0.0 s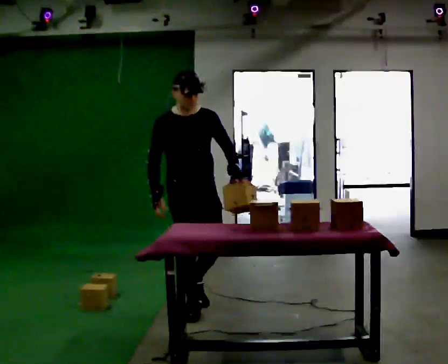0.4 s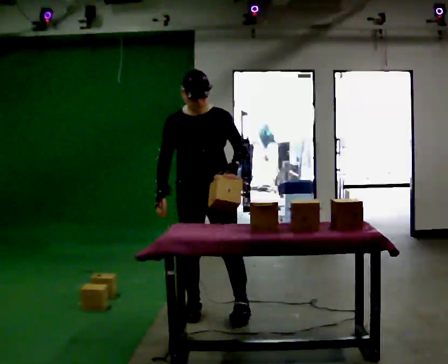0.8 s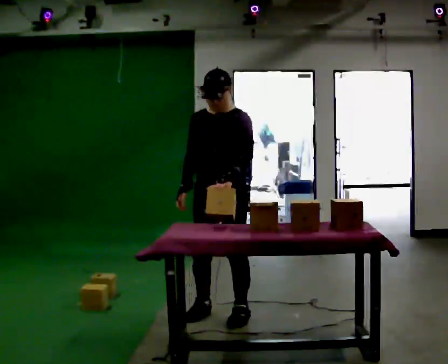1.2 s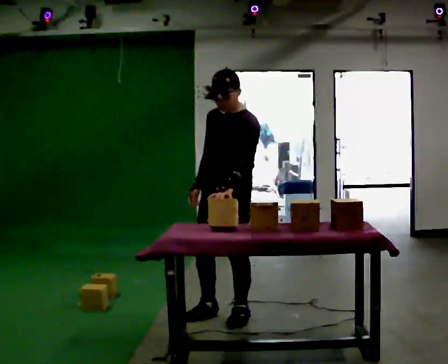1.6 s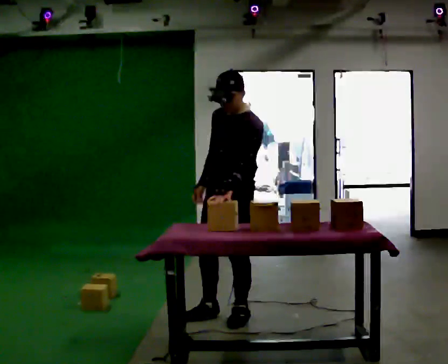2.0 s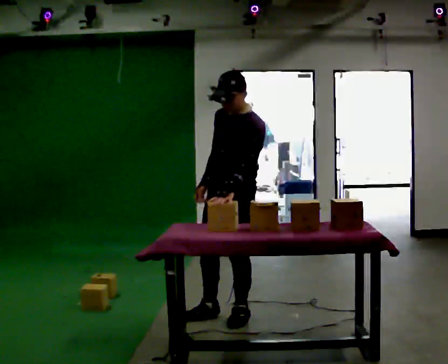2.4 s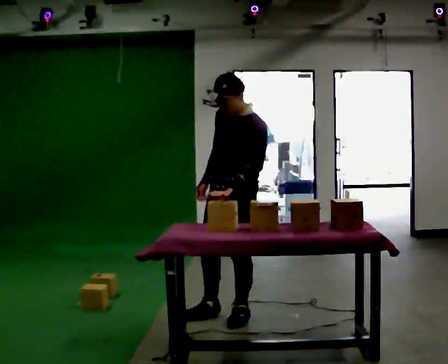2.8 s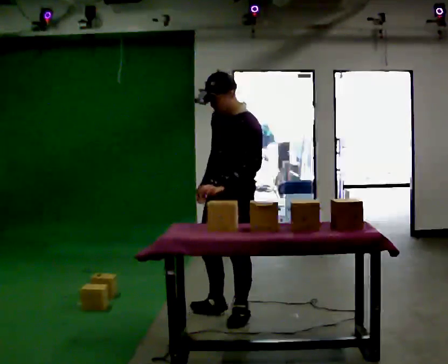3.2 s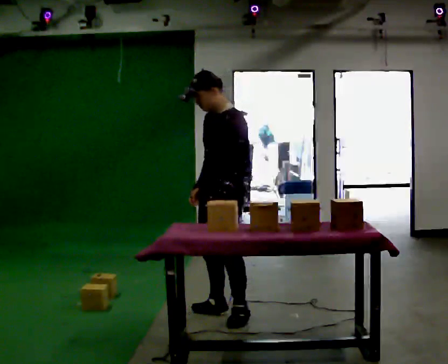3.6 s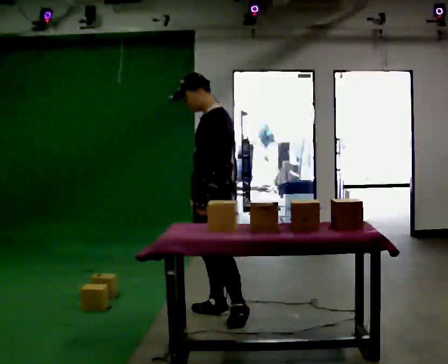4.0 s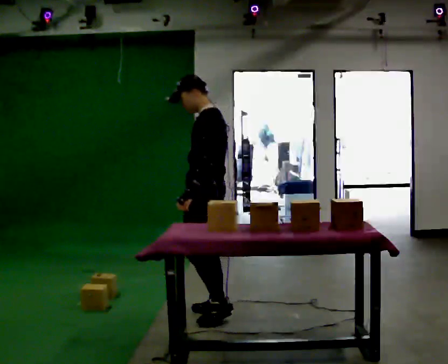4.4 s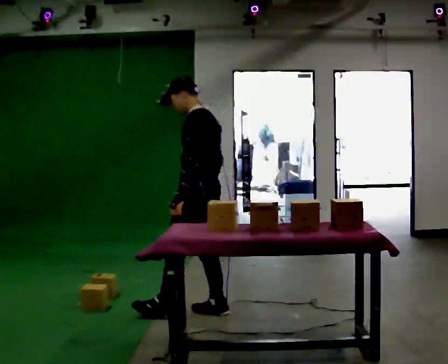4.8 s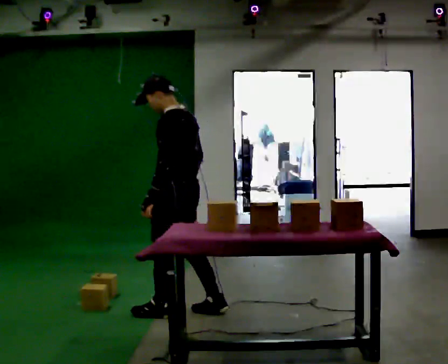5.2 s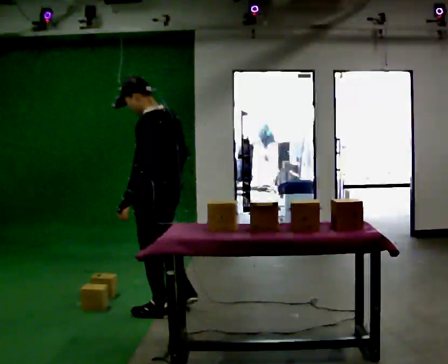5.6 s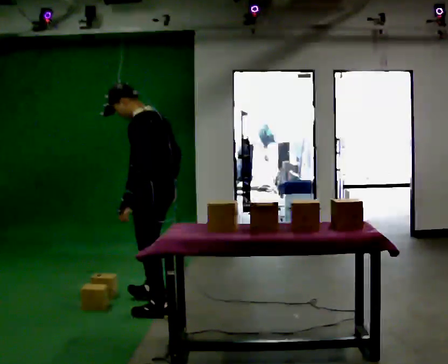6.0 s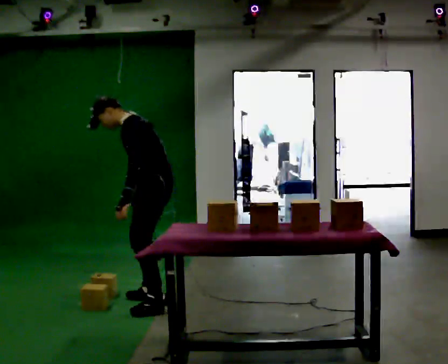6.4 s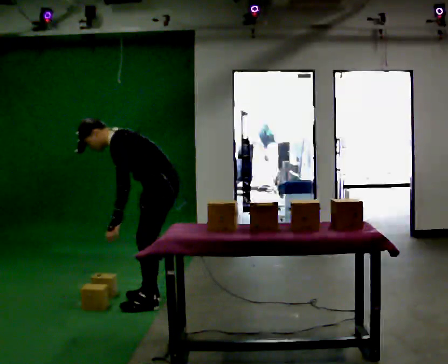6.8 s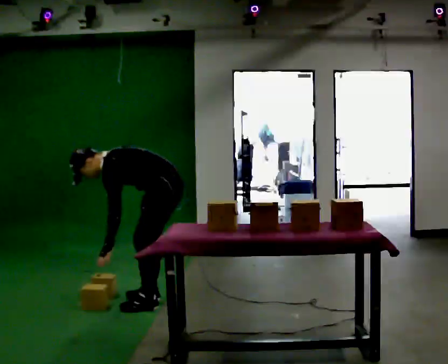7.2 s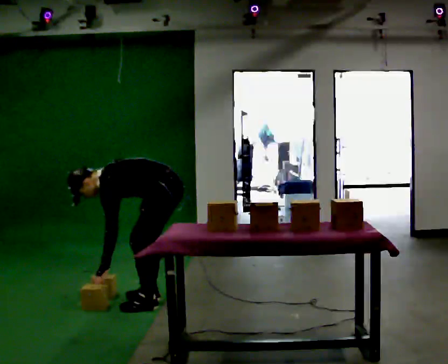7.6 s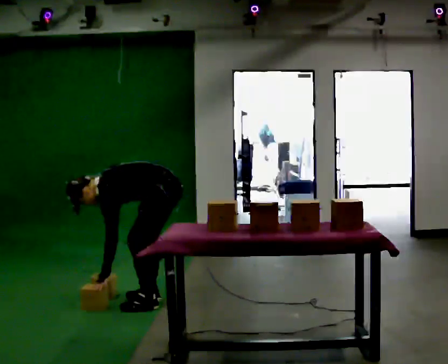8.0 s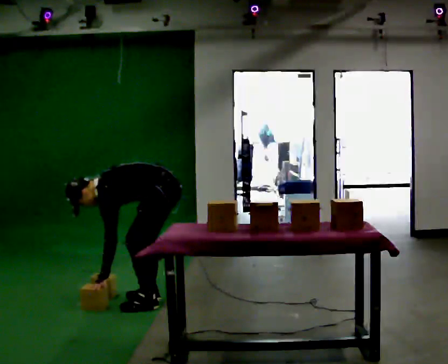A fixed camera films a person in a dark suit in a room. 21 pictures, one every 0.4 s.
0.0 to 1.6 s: Seen from above the body turns clockwise, about 75 degrees: to their right, with its near side sliding to the left. In the picture they go to the right and toward the camera, about 0.25 m in 2 steps.
1.6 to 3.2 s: The person moves a little, or ends about where they began.
3.2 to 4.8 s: Seen from above the body turns clockwise, about 45 degrees: to their right, with its near side sliding to the left. In the picture they go to the left, about 0.25 m in 1 step, which for them is forward.
4.8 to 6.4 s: The person turns about 30 degrees to their left, counterclockwise seen from above, so the part of the body nearest the lens slides to the right. In the picture they go away from the camera, about 0.25 m in 2 steps, which for them is to their right and forward. The upper body goes downward. In the picture the upper body tilts counterclockwise, shoulders to the left, as they bend forward.
6.4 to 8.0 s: The upper body goes downward. In the picture the upper body tilts counterclockwise, shoulders to the left, as they bend forward.
The film runs forward here.
